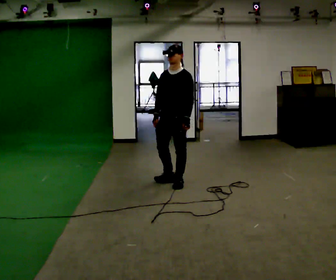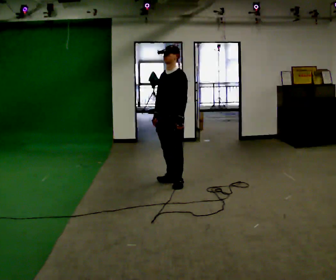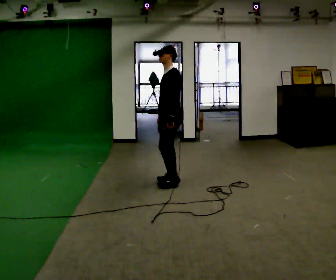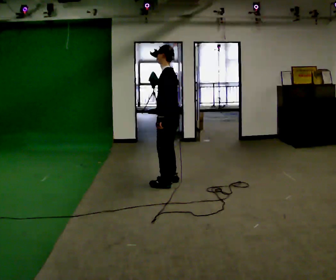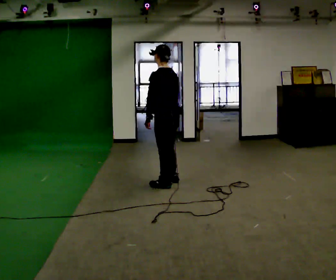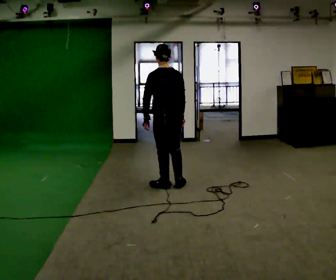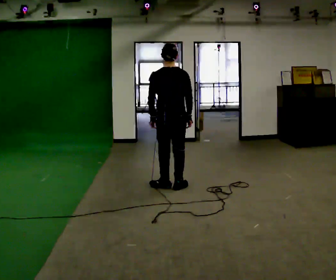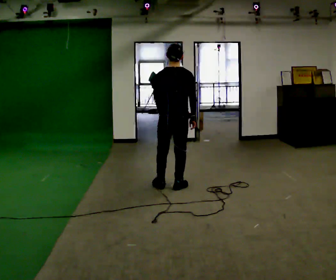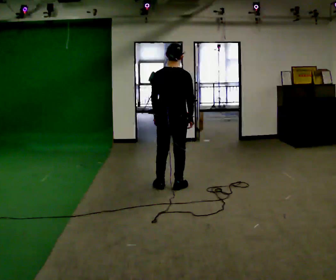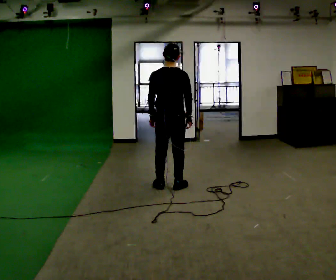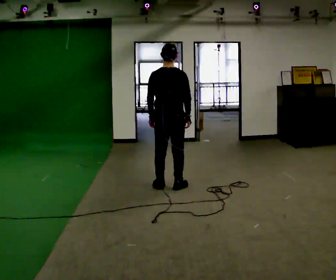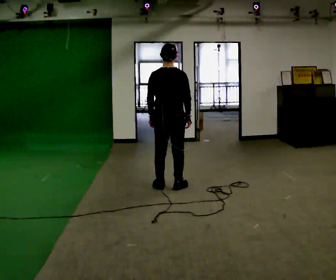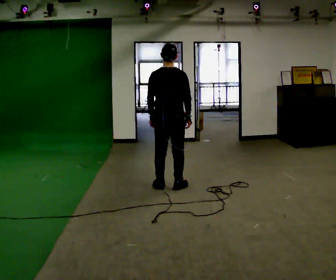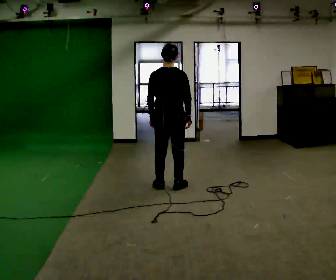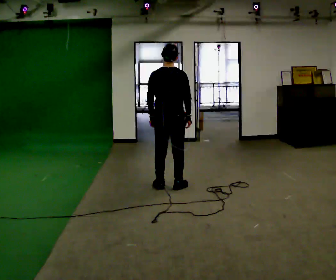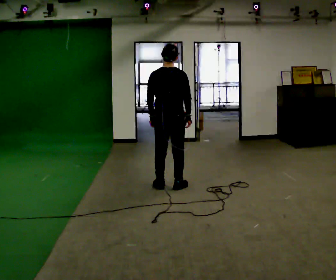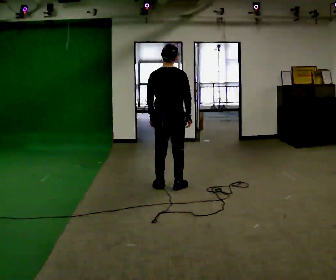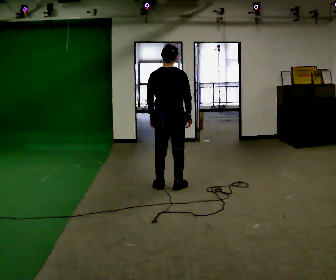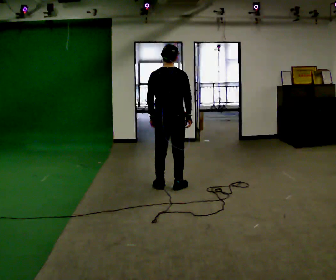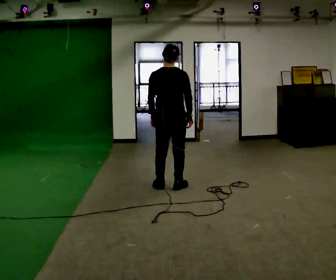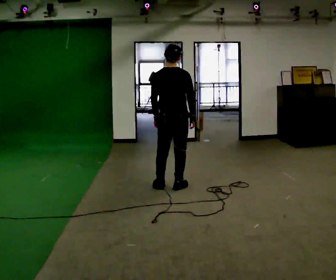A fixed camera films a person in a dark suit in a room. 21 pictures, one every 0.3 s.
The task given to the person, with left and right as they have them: Turn on the spot to face the direction the operator calls, then stand still. The operator will call 90, 180 and 360 degrees and left or right.
0.0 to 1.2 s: Seen from above the body turns clockwise, about 90 degrees: to their right, with its near side sliding to the left.
1.2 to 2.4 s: The person turns about 60 degrees to their right, clockwise seen from above, so the part of the body nearest the lens slides to the left.
2.4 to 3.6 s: The person moves a little, or ends about where they began.
3.6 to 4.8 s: The person keeps their place and pose.
4.8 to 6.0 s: The person moves a little, or ends about where they began.
The film runs forward here.
